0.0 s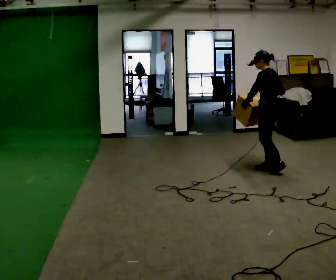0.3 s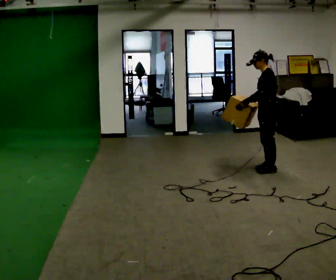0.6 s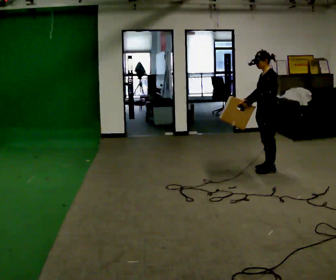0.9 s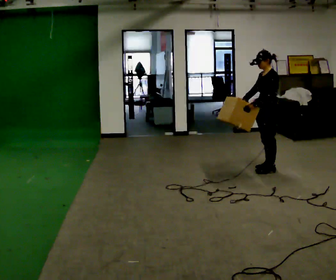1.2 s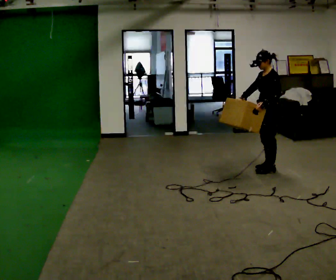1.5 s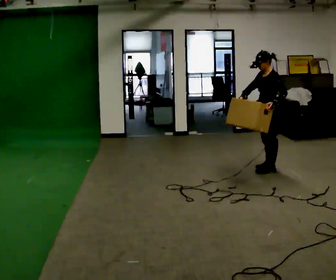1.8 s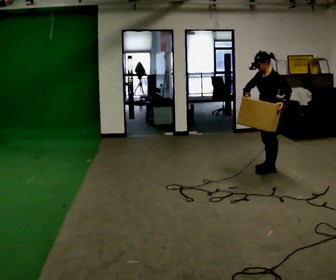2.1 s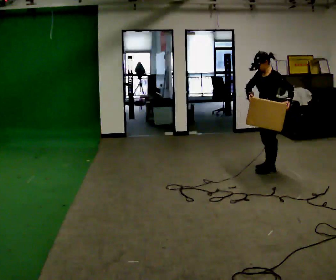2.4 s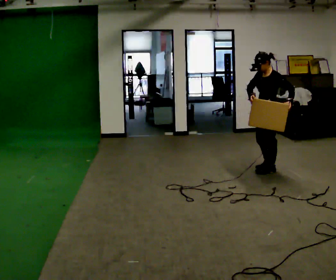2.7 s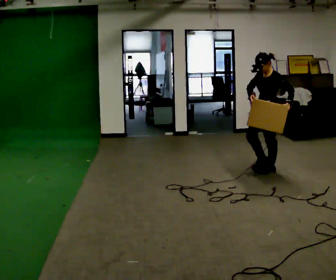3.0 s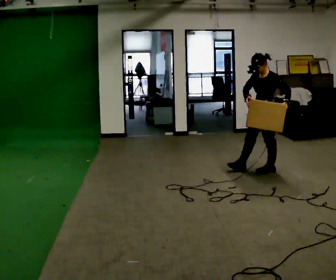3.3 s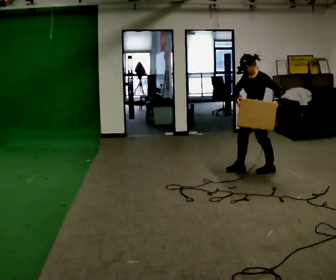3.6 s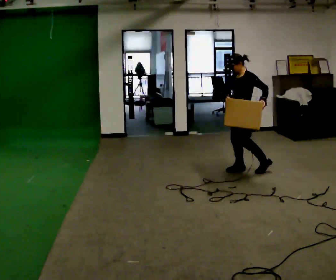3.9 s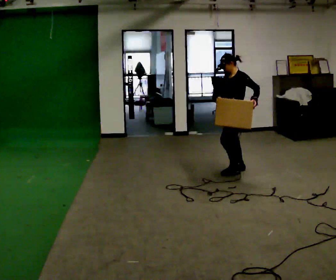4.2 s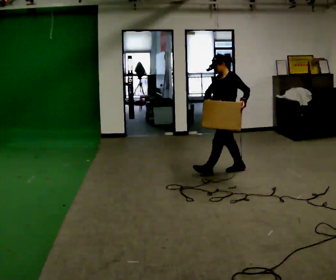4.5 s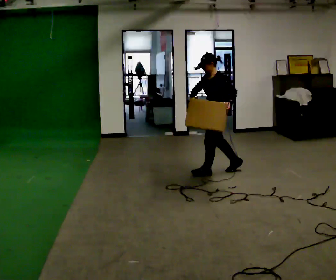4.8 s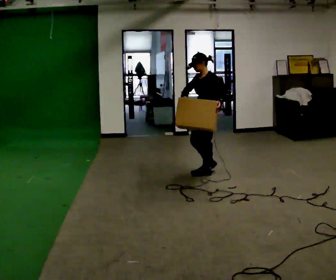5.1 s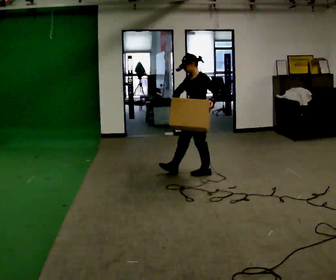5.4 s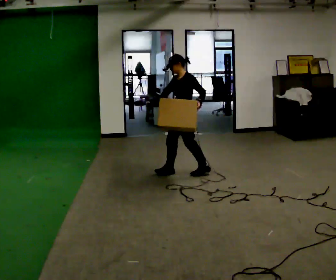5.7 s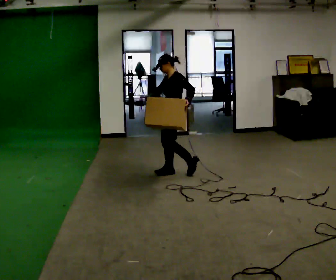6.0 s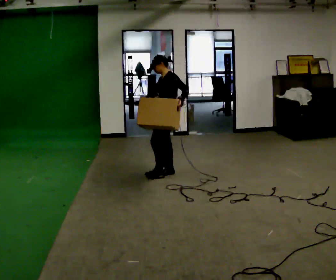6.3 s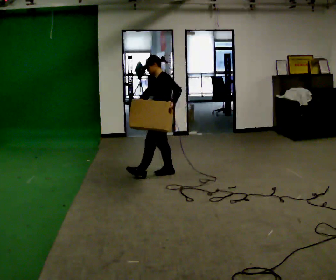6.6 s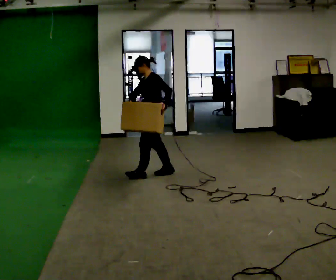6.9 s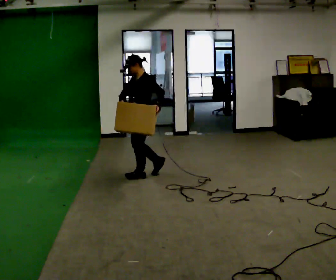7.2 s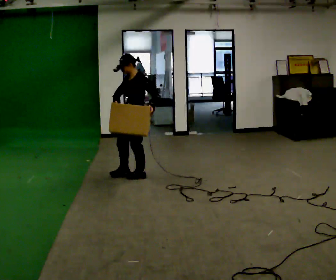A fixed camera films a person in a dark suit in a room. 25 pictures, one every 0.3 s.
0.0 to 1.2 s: The person turns about 30 degrees to their left, counterclockwise seen from above, so the part of the body nearest the lens slides to the right. In the picture their right hand goes to the left.
1.2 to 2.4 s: The person moves a little, or ends about where they began.
2.4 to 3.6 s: In the picture they go to the left, about 0.25 m in 1 step, which for them is forward and to their right.
3.6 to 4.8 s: In the picture they go to the left, about 0.5 m in 1 step, which for them is forward.
4.8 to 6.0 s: In the picture they go to the left, about 0.5 m in 1 step, which for them is forward and to their right.
6.0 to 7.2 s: In the picture they go to the left and toward the camera, about 0.5 m in 1 step, which for them is forward.
The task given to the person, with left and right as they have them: Carry the box and, while walking, shift it to a different hold: front, then hip, then shoulder, then back to front. Do not stop walking.
The film runs forward here.
